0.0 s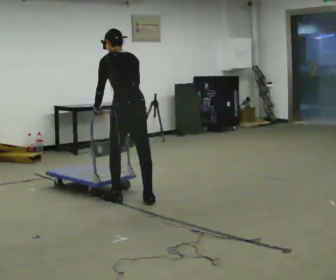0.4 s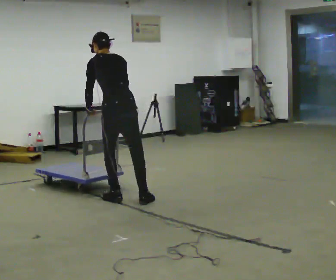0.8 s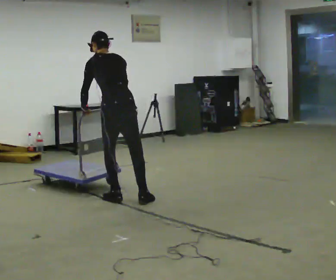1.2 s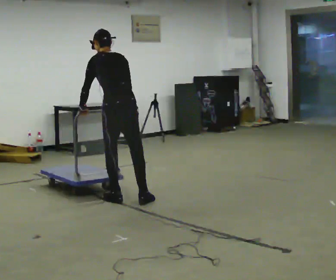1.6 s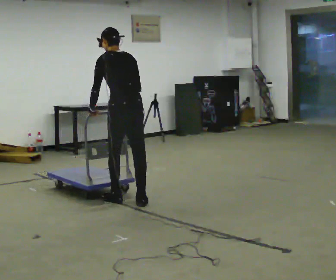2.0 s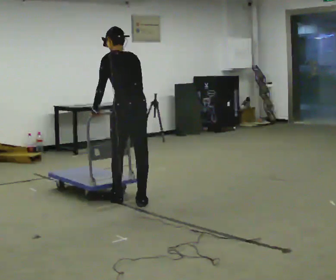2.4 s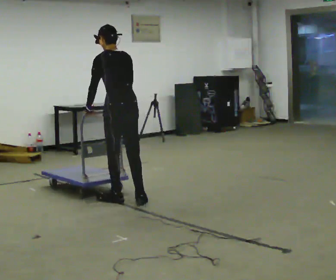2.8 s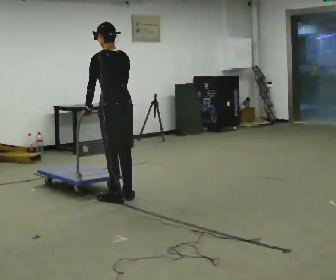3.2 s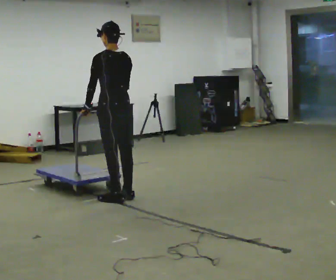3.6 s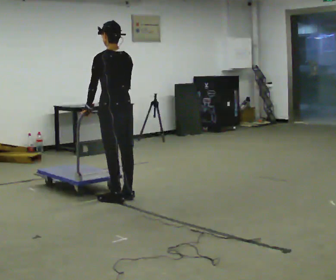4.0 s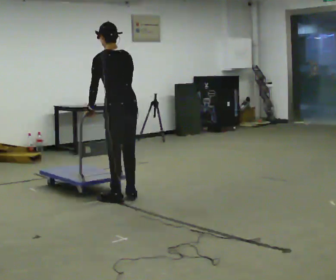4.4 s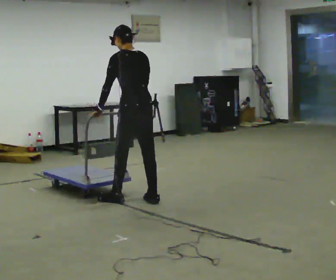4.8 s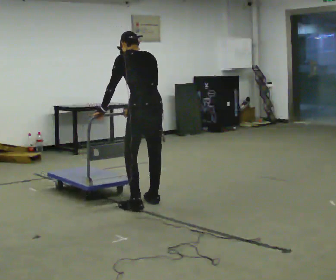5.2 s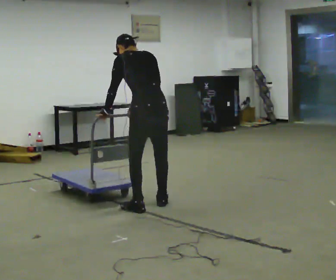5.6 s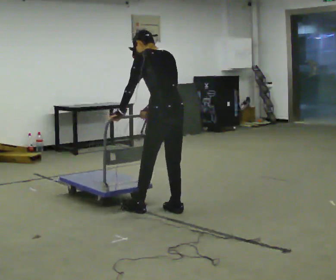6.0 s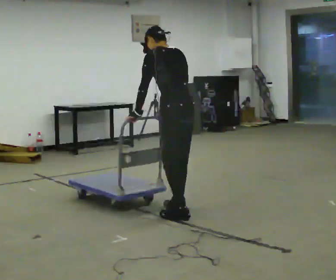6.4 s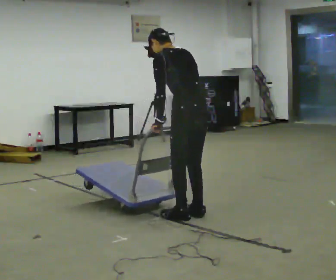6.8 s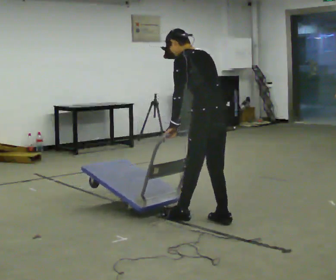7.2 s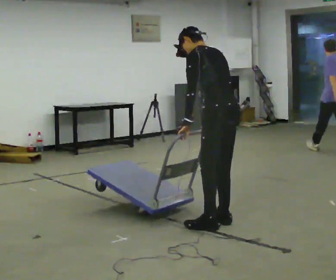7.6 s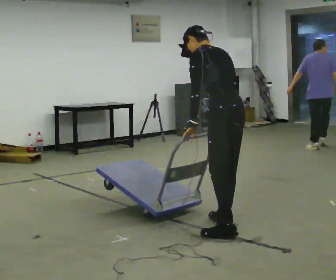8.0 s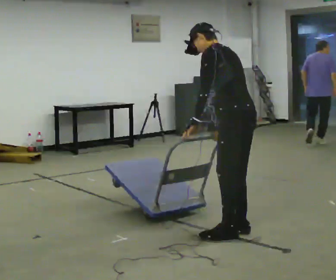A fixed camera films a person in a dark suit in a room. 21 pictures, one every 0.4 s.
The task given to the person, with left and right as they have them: Get the cart into the marked parking space and lined up with the tape. Take as many adjustments as you need. Then take it out again and repeat.
0.0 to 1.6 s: The person moves a little, or ends about where they began.
1.6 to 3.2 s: In the picture they go away from the camera, about 0.25 m in 1 step, which for them is forward. The upper body tips toward the camera, its near side rolling downward, as they lean back or straighten.
3.2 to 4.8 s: In the picture they go toward the camera and to the right, about 0.5 m in 1 step, which for them is backward. The upper body tips away from the camera, its near side rolling upward, as they bend forward.
4.8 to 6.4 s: In the picture they go toward the camera and to the right, about 0.5 m in 3 steps, which for them is backward.
6.4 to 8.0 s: In the picture they go toward the camera and to the right, about 0.5 m in 3 steps, which for them is backward.
The film runs forward here.
